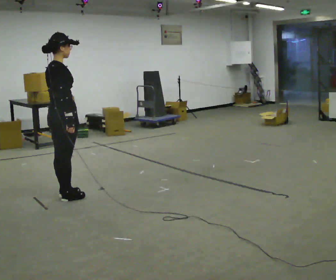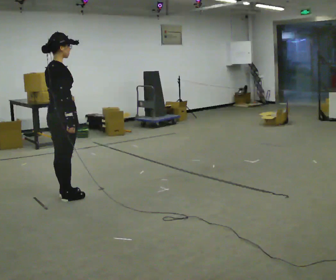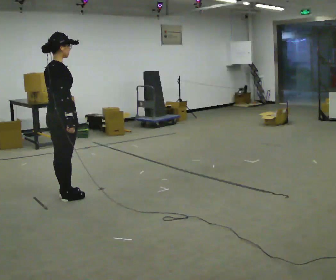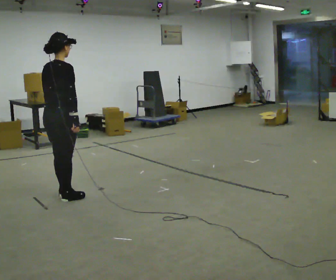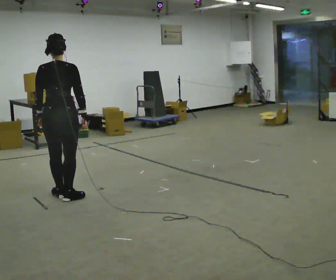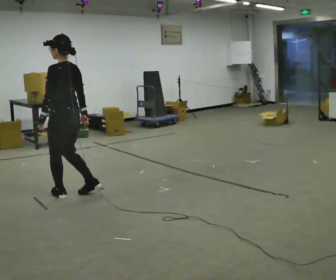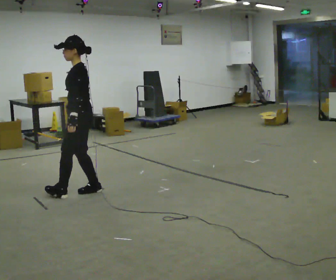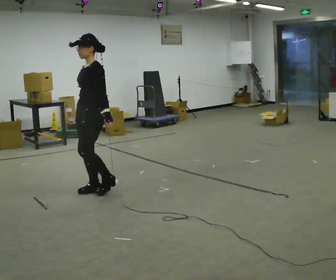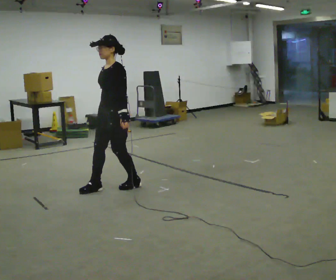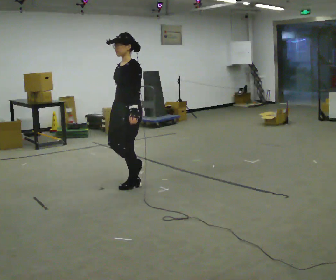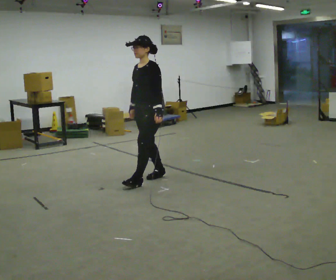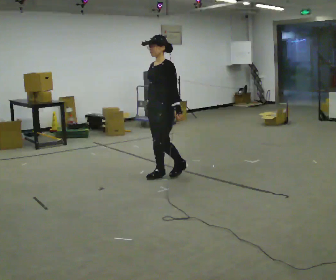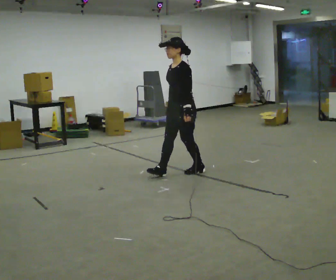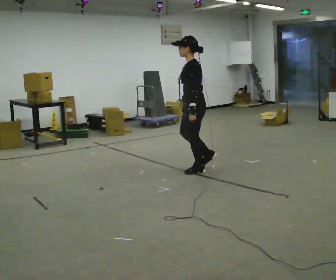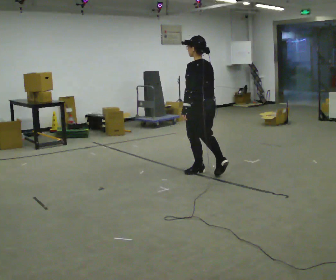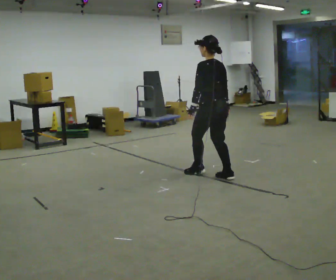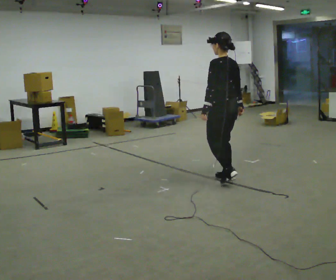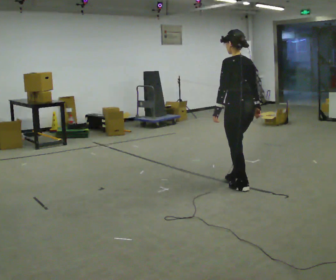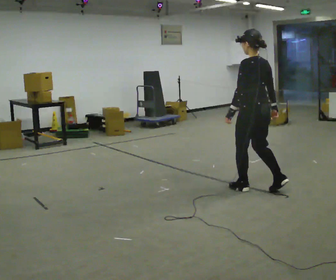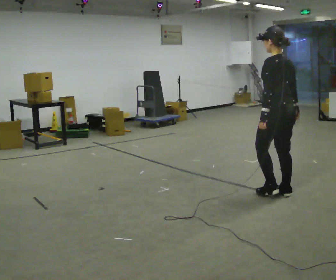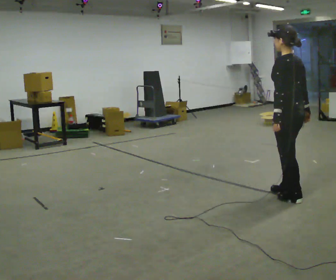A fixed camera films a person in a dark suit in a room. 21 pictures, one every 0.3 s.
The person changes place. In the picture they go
to the right.
The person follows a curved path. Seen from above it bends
clockwise.
0.0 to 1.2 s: Seen from above the body turns counterclockwise, about 60 degrees: to their left, with its near side sliding to the right.
1.2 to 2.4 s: The part of the body nearest the lens slides to the right as the person turns to their left by about 120 degrees. In the picture they go to the right and away from the camera, about 0.5 m in 2 steps.
2.4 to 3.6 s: In the picture they go to the right and away from the camera, about 1 m in 2 steps, which for them is backward.
3.6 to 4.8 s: Seen from above the body turns clockwise, about 75 degrees: to their right, with its near side sliding to the left. In the picture they go toward the camera and to the right, about 0.5 m in 1 step.
4.8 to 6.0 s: In the picture they go toward the camera and to the right, about 1 m in 3 steps, which for them is backward.
The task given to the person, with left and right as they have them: Walk backward several steps, then turn while still moving backward, then continue backward. Operator confirms the space behind you is clear.
The film runs forward here.
